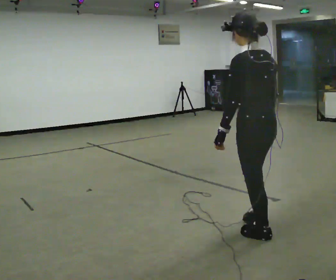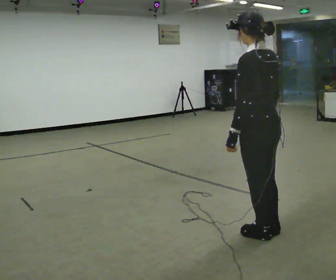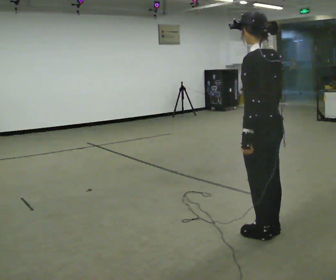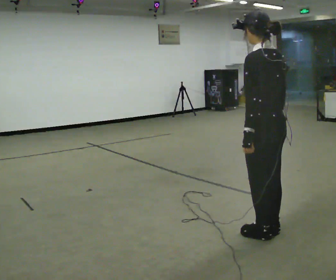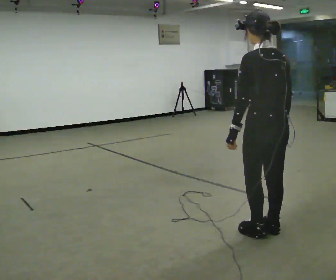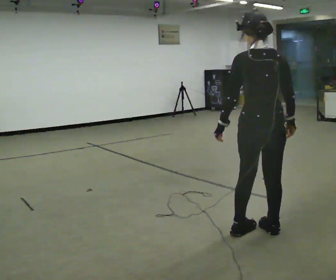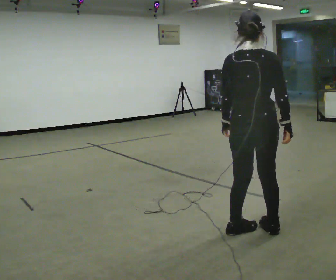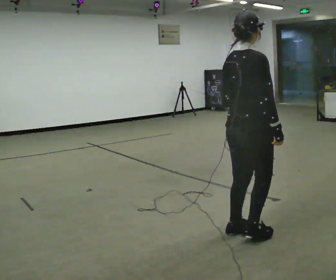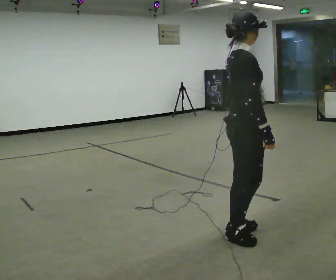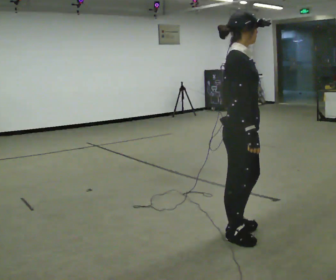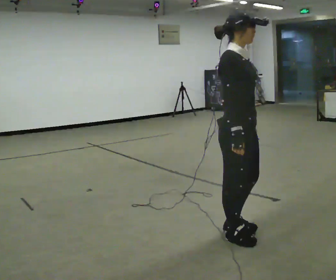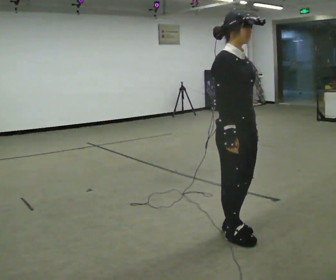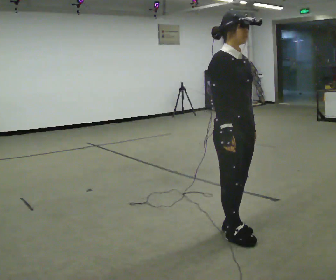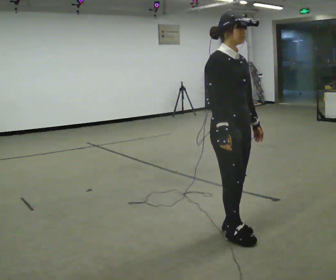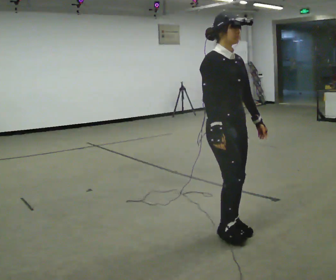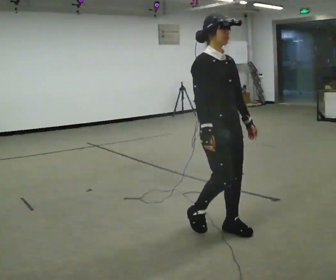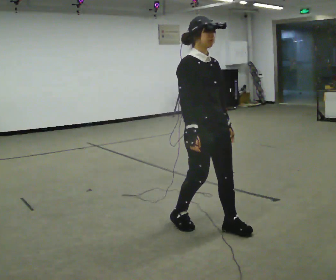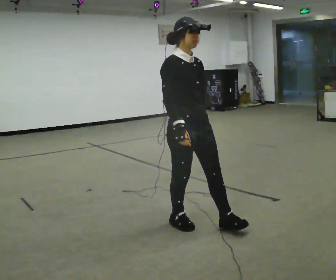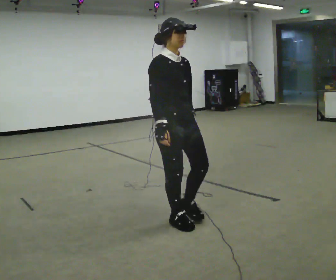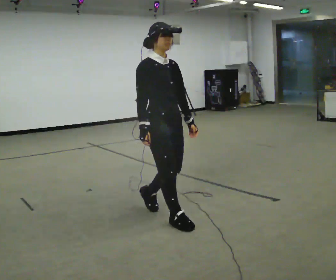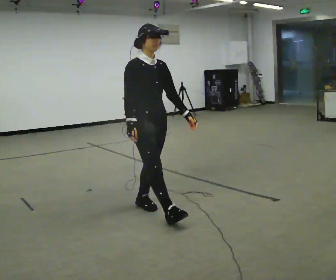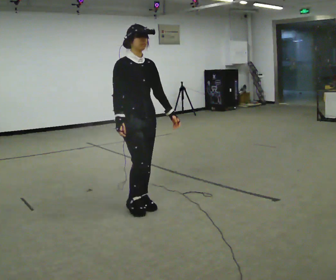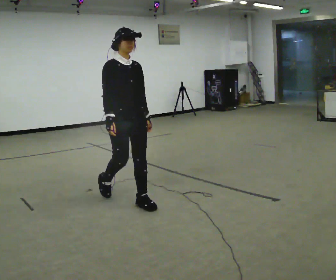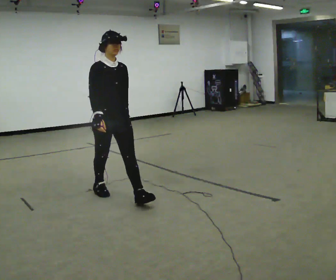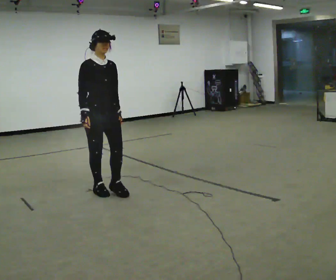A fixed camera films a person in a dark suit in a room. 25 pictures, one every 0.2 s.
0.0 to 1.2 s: The part of the body nearest the lens slides to the left as the person turns to their right by about 60 degrees.
1.2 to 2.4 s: The part of the body nearest the lens slides to the left as the person turns to their right by about 105 degrees. In the picture their right hand goes to the left.
2.4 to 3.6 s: In the picture they go to the left and away from the camera, about 0.5 m in 2 steps, which for them is backward.
3.6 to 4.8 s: In the picture they go to the left and away from the camera, about 1 m in 2 steps, which for them is backward.
The film runs backward here.
